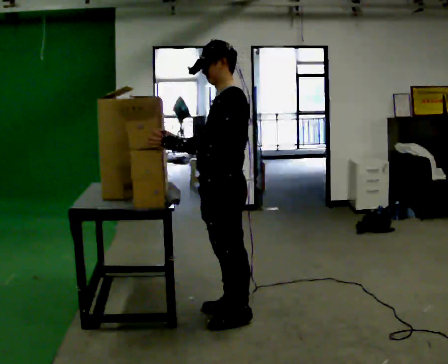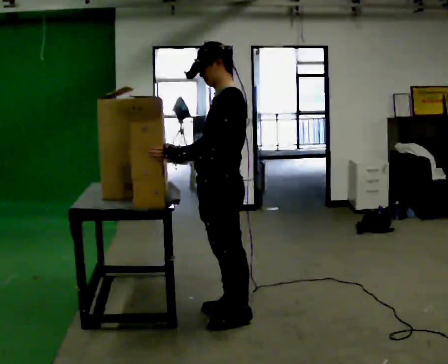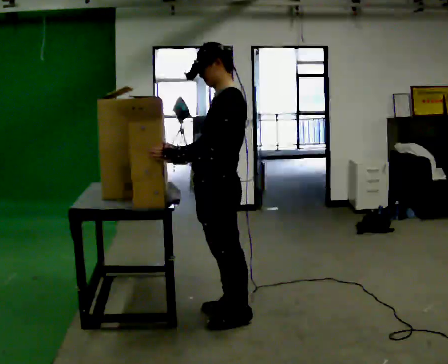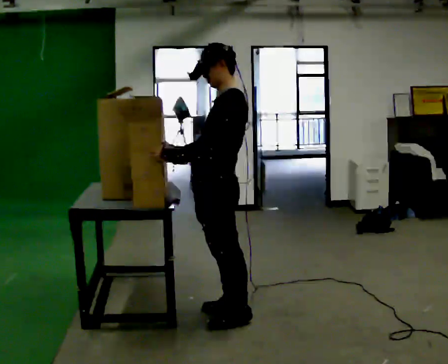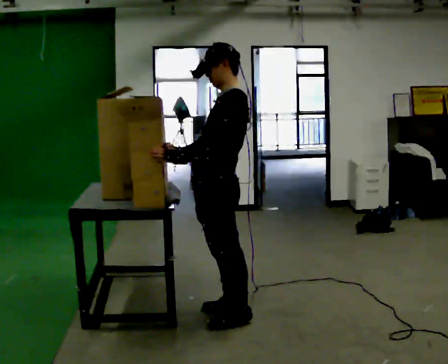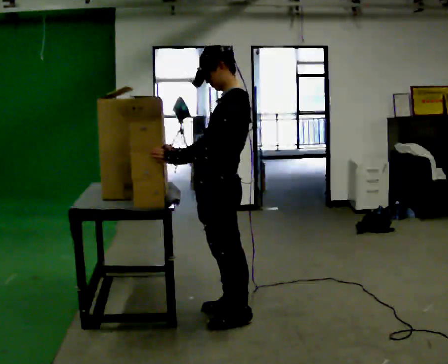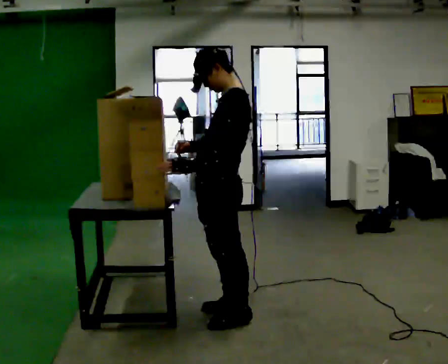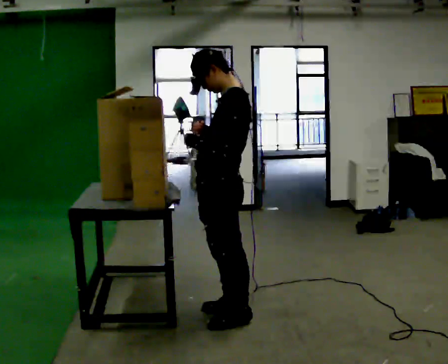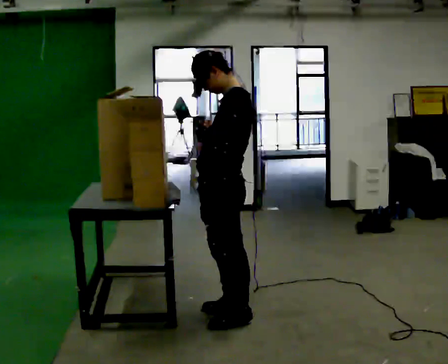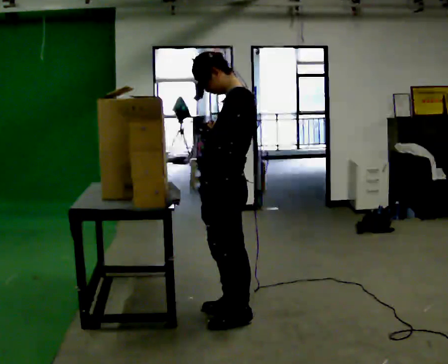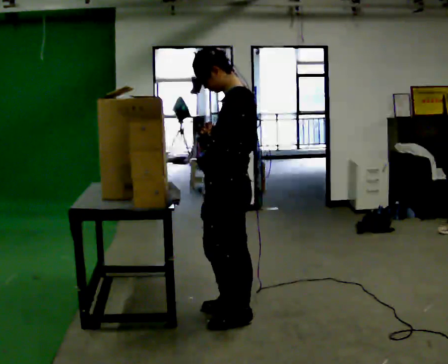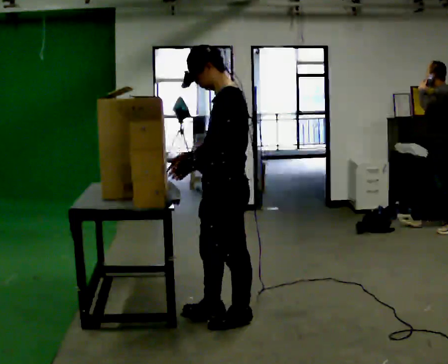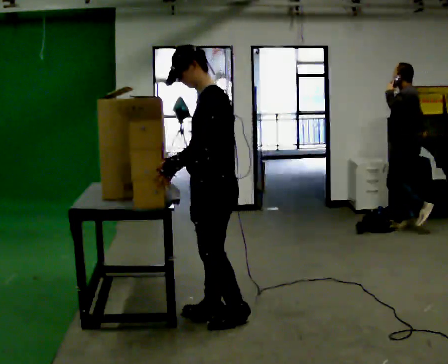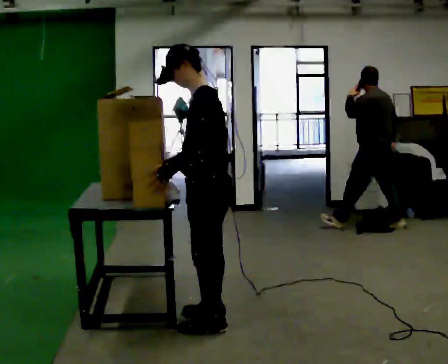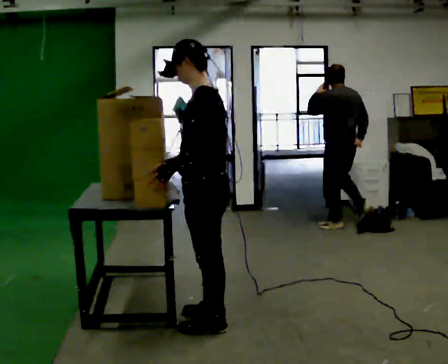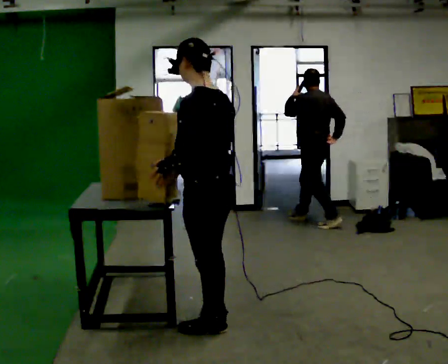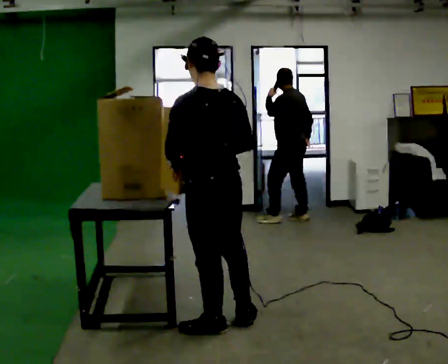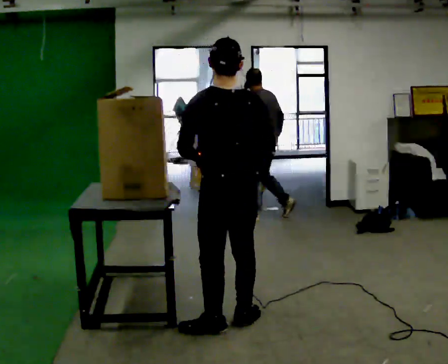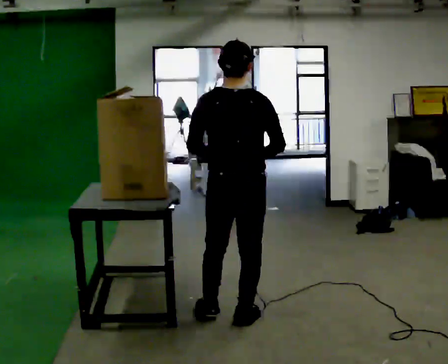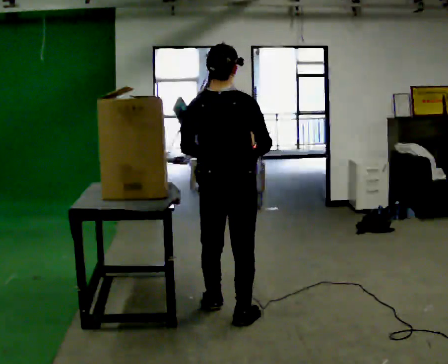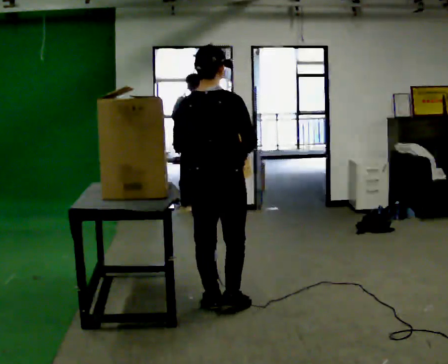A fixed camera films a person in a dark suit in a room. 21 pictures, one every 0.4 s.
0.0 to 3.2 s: The person moves a little, or ends about where they began.
3.2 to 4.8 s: In the picture the upper body tilts counterclockwise, shoulders to the left.
4.8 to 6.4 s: The part of the body nearest the lens slides to the left as the person turns to their right by about 60 degrees. In the picture they go toward the camera, about 0.25 m in 2 steps.
6.4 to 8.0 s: The part of the body nearest the lens slides to the left as the person turns to their right by about 60 degrees. In the picture they go away from the camera, about 0.5 m in 1 step, which for them is forward.
The film runs forward here.
